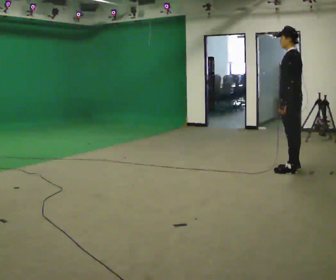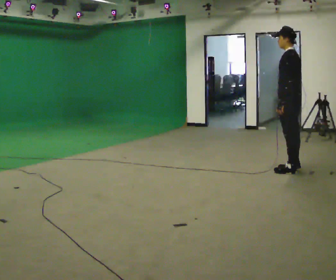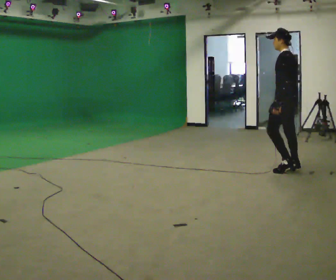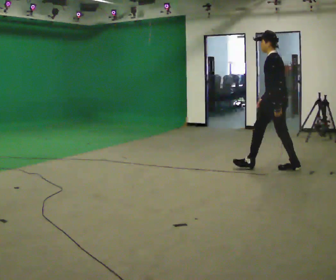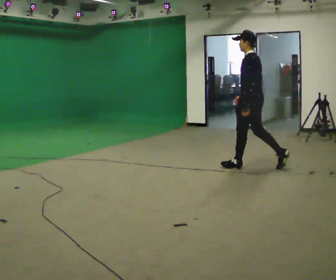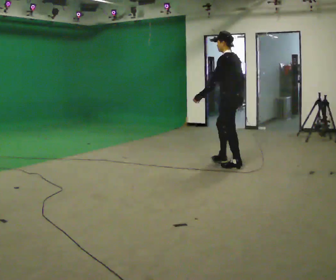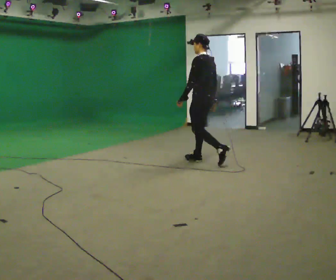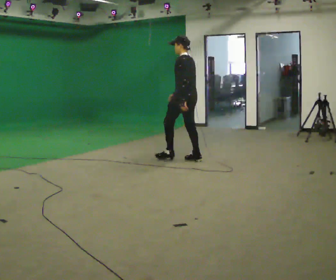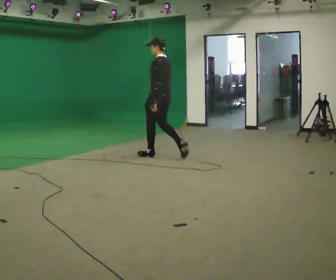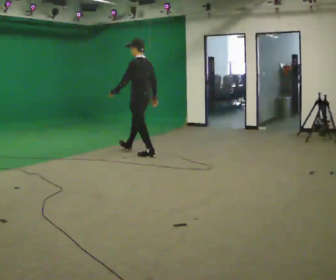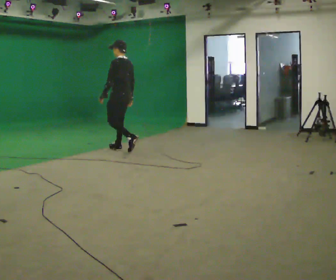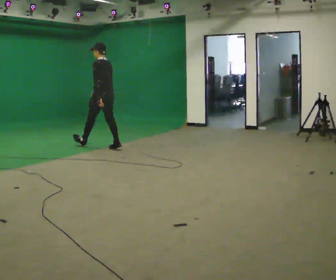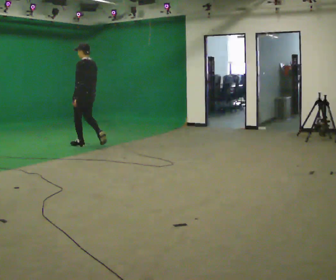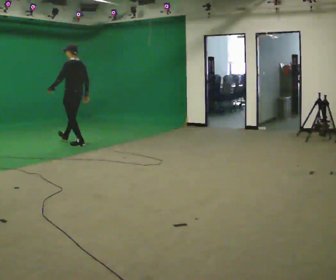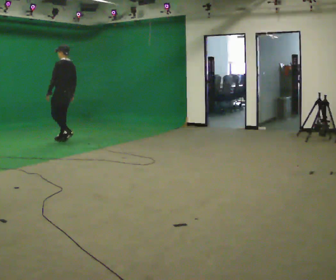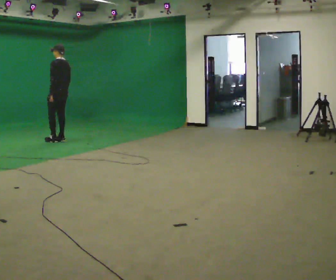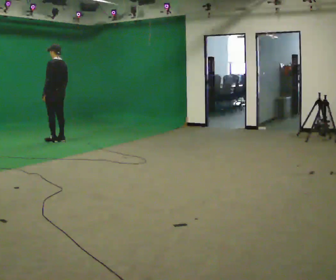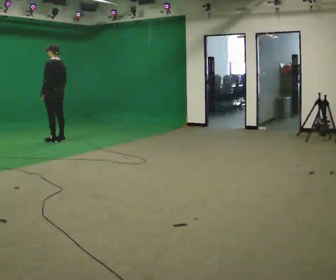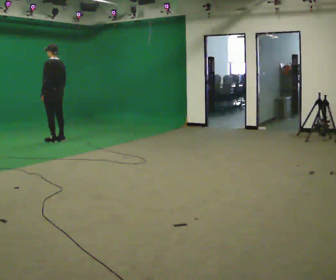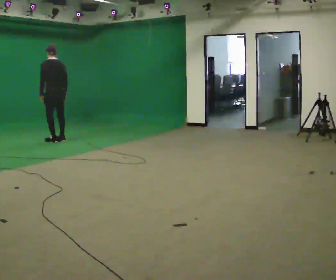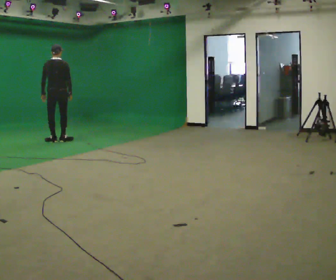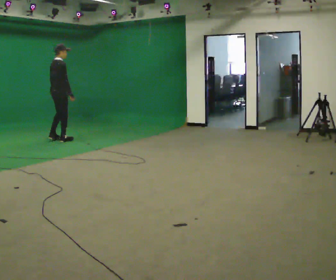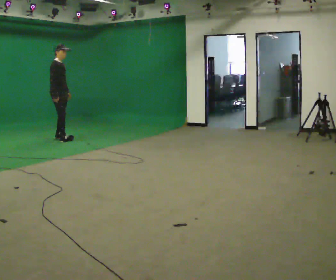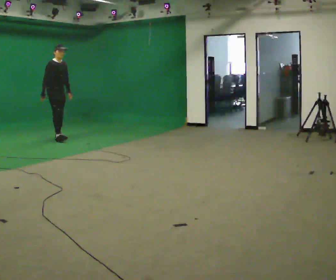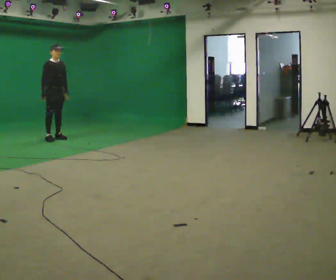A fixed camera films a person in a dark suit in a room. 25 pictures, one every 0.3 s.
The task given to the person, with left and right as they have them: Stand still 2 s; begin walking naturally; walk forward; stop.
0.0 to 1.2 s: In the picture they go to the left and away from the camera, about 0.5 m in 1 step, which for them is forward.
1.2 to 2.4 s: In the picture they go away from the camera and to the left, about 1.5 m in 2 steps, which for them is forward.
2.4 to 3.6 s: In the picture they go to the left and away from the camera, about 1.5 m in 2 steps, which for them is forward.
3.6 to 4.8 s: In the picture they go to the left and away from the camera, about 0.5 m in 2 steps, which for them is forward.
4.8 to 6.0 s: Seen from above the body turns clockwise, about 60 degrees: to their right, with its near side sliding to the left.
6.0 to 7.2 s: Seen from above the body turns clockwise, about 120 degrees: to their right, with its near side sliding to the left. In the picture they go away from the camera, about 0.25 m in 2 steps.
The film runs forward here.
